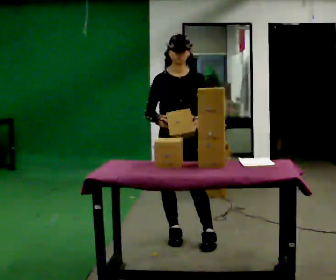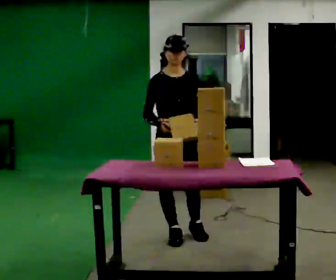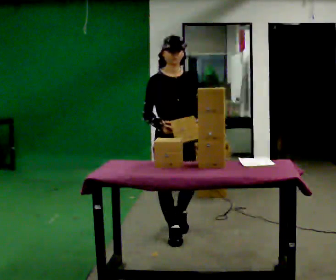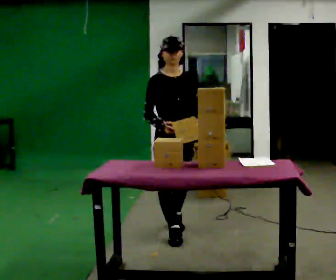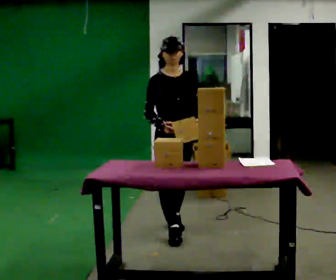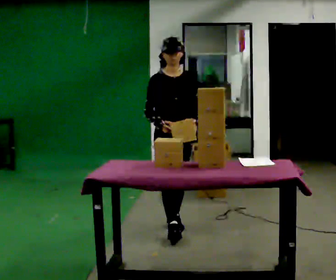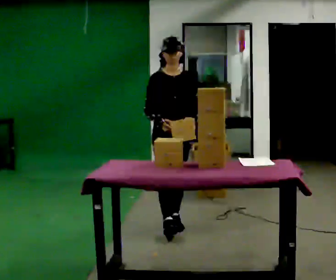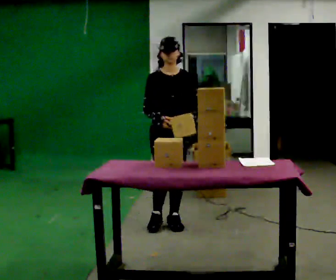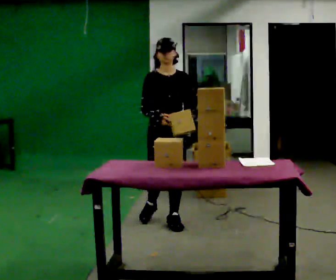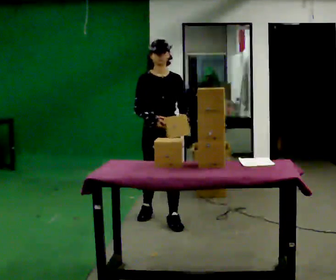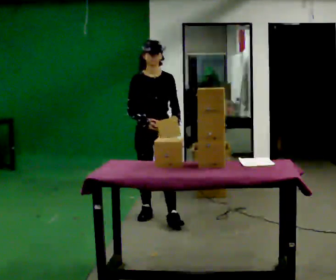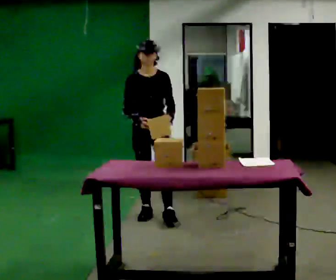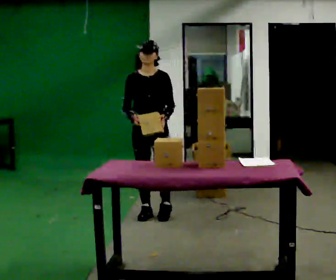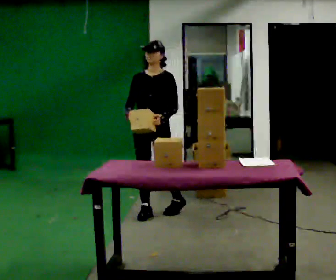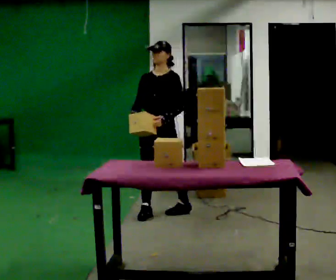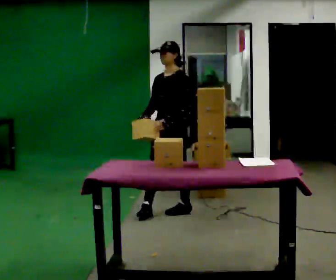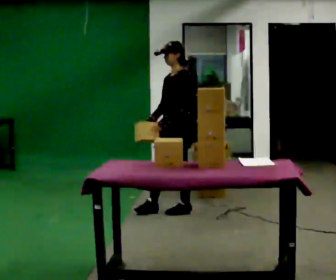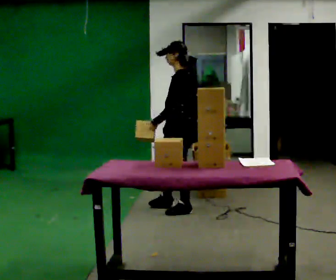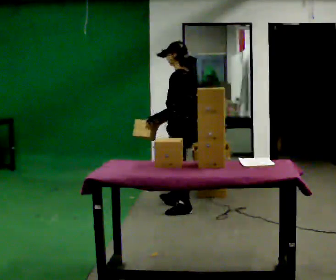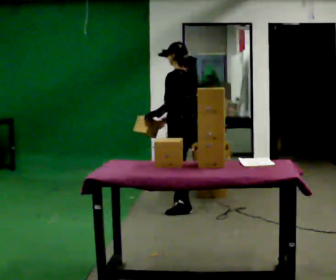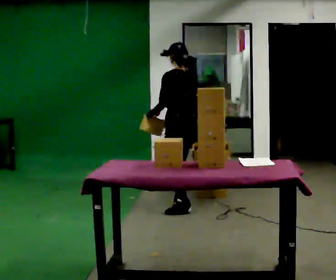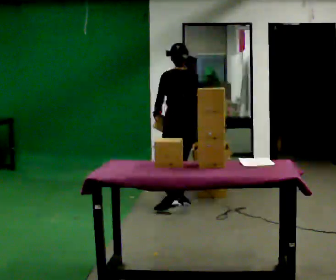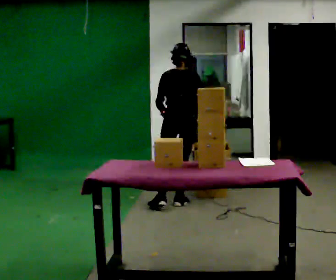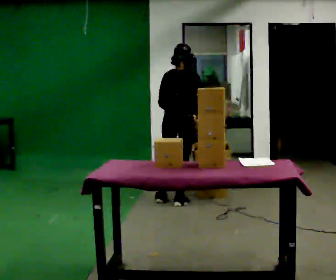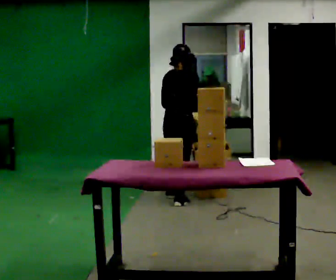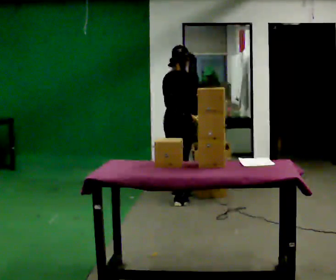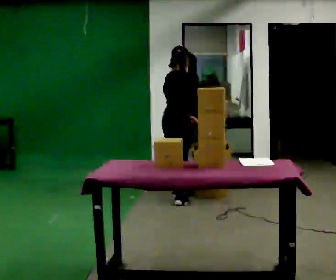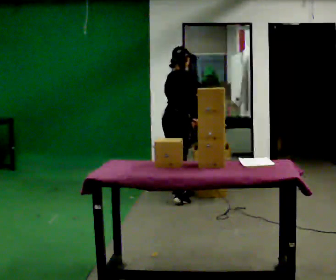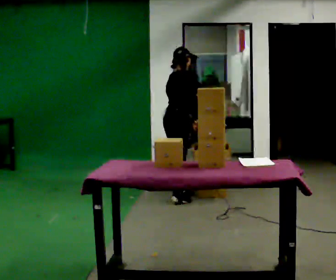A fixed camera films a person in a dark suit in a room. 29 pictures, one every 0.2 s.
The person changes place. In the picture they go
away from the camera.
The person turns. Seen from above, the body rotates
clockwise.
0.0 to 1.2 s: In the picture they go away from the camera, about 0.5 m in 2 steps, which for them is backward.
1.2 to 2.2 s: In the picture they go away from the camera and to the left, about 0.5 m in 1 step, which for them is backward and to their right.
2.2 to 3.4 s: The person turns about 90 degrees to their right, clockwise seen from above, so the part of the body nearest the lens slides to the left. In the picture they go to the right and away from the camera, about 0.25 m in 1 step.
3.4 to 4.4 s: The person turns about 90 degrees to their right, clockwise seen from above, so the part of the body nearest the lens slides to the left. In the picture they go away from the camera, about 0.25 m in 1 step.
4.4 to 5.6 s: The person turns about 75 degrees to their right, clockwise seen from above, so the part of the body nearest the lens slides to the left. In the picture they go away from the camera, about 0.25 m.
The film runs backward here.
